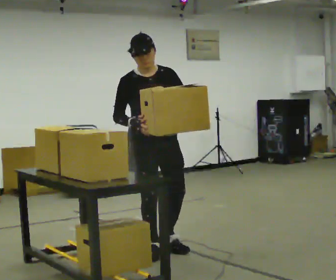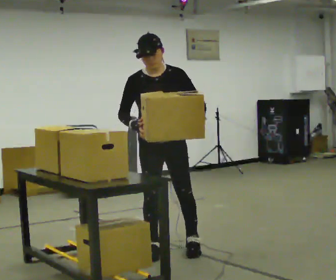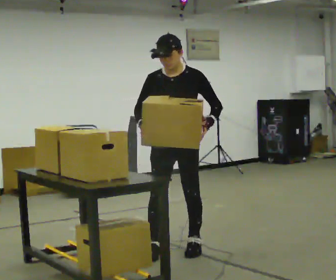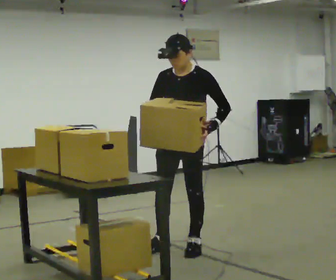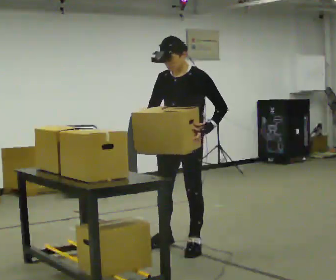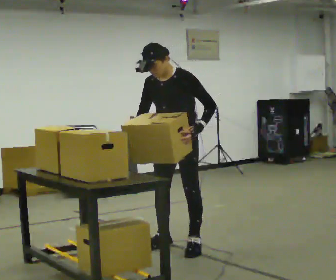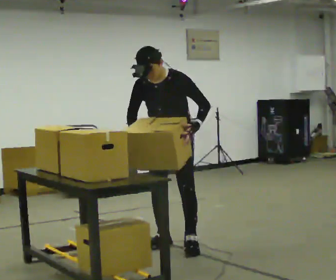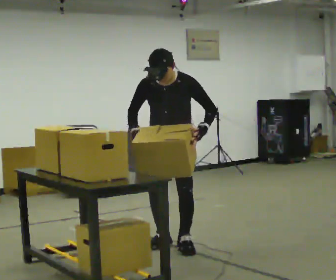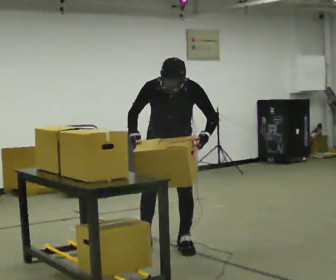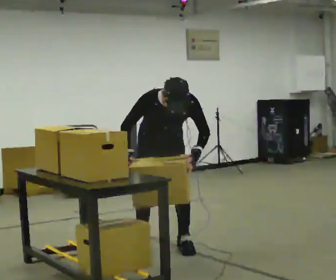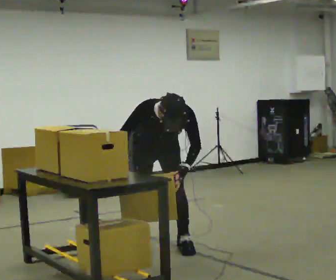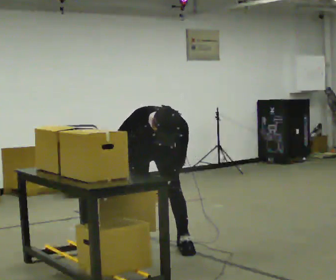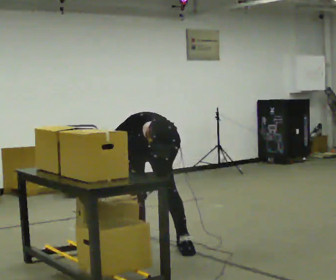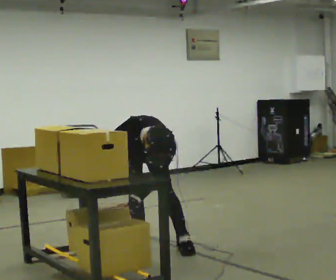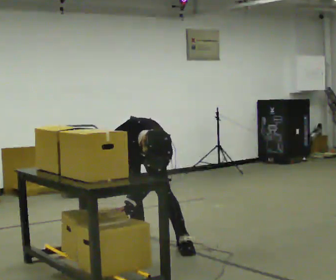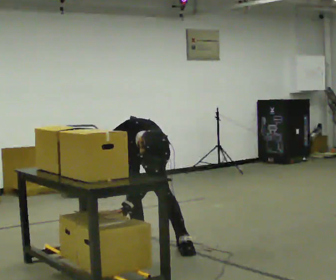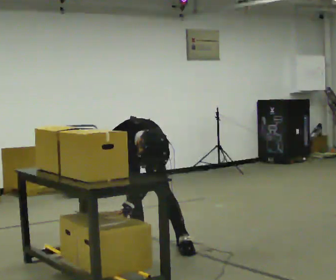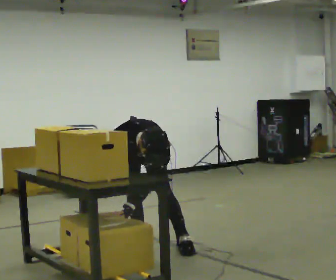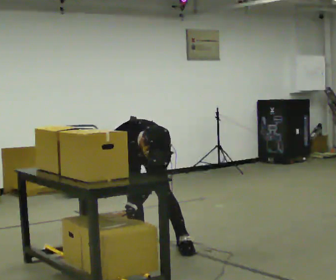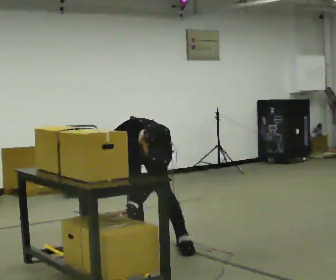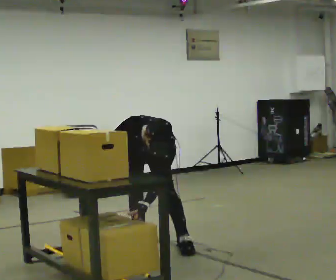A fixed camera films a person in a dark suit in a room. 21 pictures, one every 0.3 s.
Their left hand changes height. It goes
downward.
The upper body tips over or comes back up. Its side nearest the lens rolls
downward.
0.0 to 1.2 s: The person turns about 60 degrees to their right, clockwise seen from above, so the part of the body nearest the lens slides to the left. In the picture they go to the right, about 0.25 m in 2 steps, which for them is to their left and backward.
1.2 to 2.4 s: The part of the body nearest the lens slides to the right as the person turns to their left by about 30 degrees. The upper body tips toward the camera, its near side rolling downward, as they bend forward.
2.4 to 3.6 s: In the picture they go to the left, about 0.25 m in 1 step, which for them is to their right. The shoulders move downward. The upper body tips toward the camera, its near side rolling downward, as they bend forward. In the picture their left hand goes to the left and downward.
3.6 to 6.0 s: The person moves a little, or ends about where they began.
The film runs forward here.
